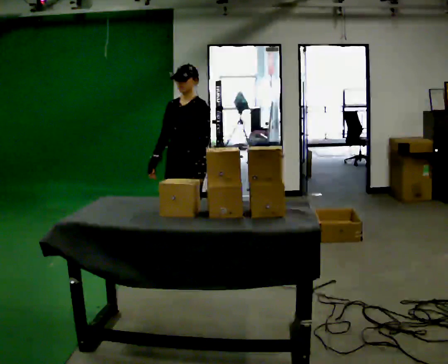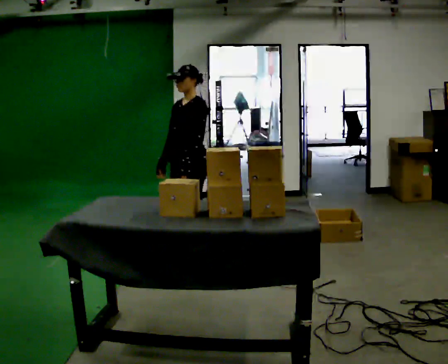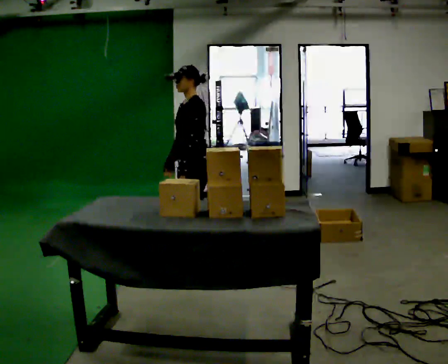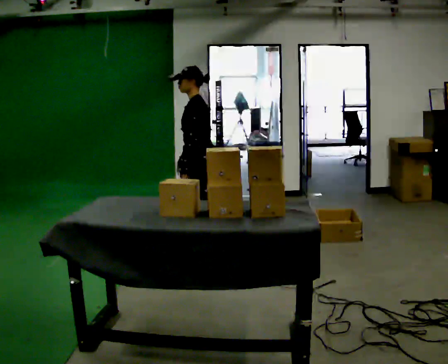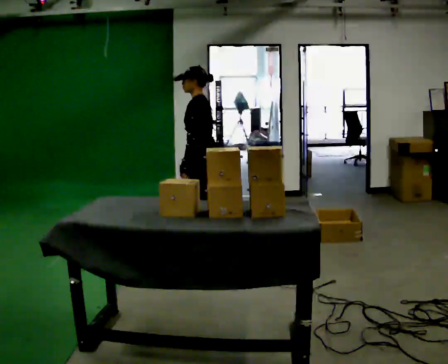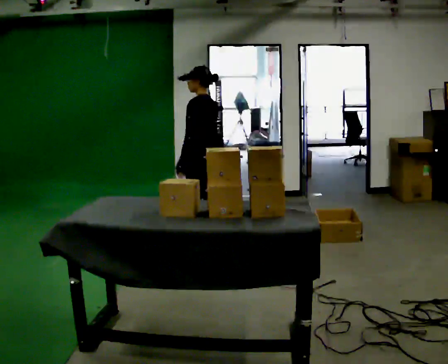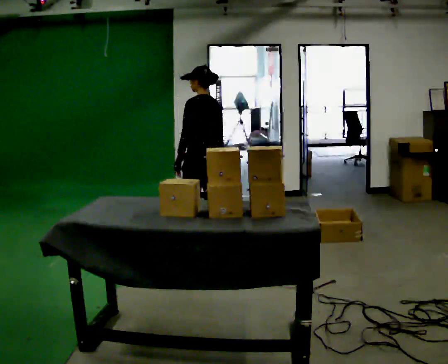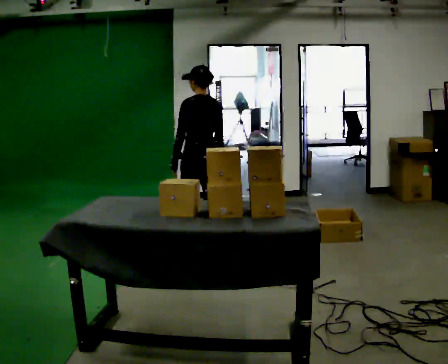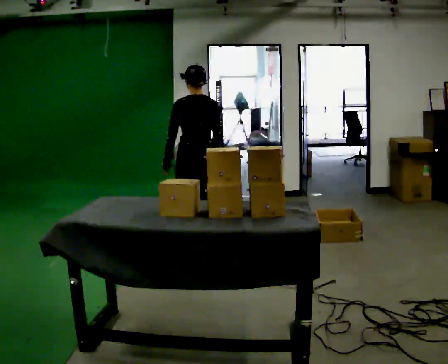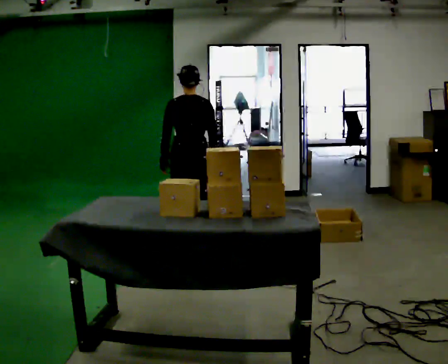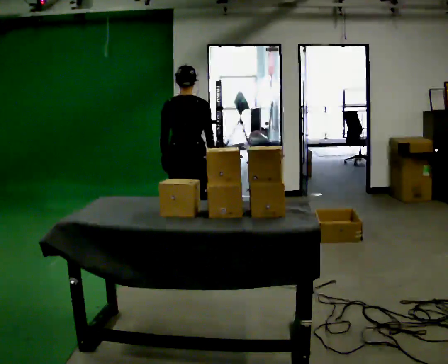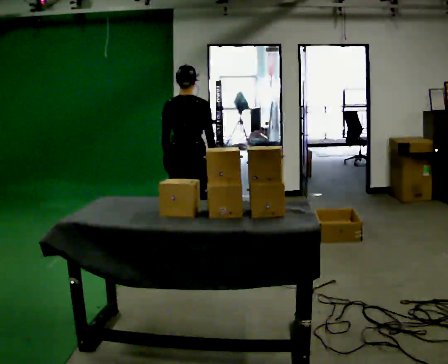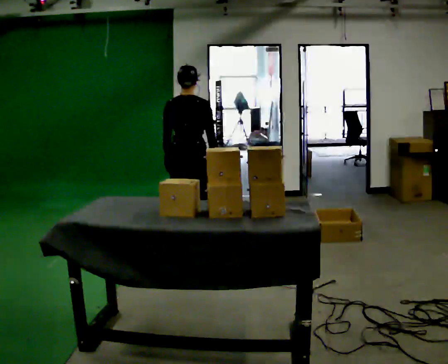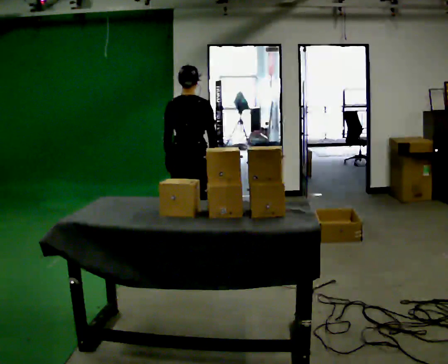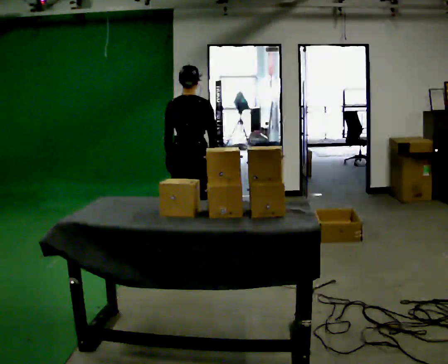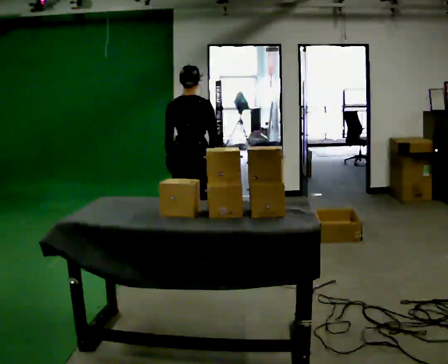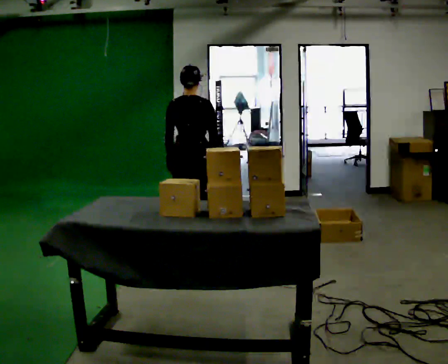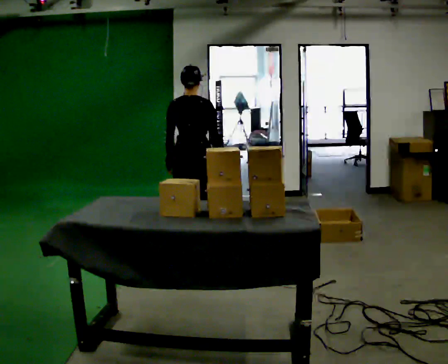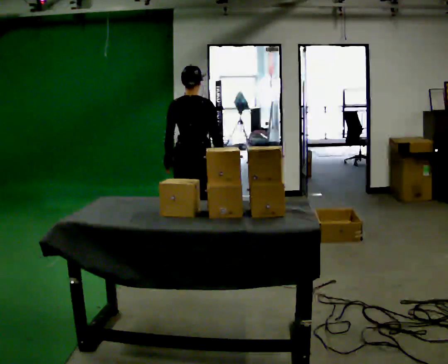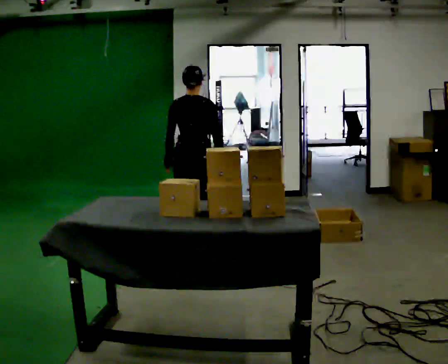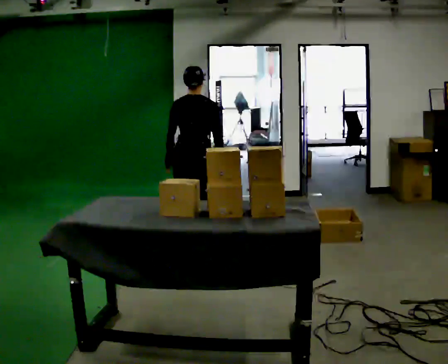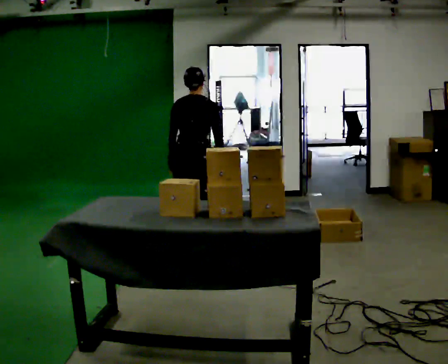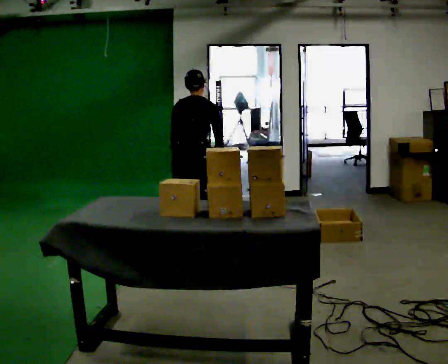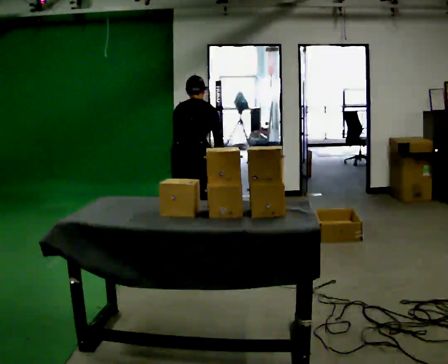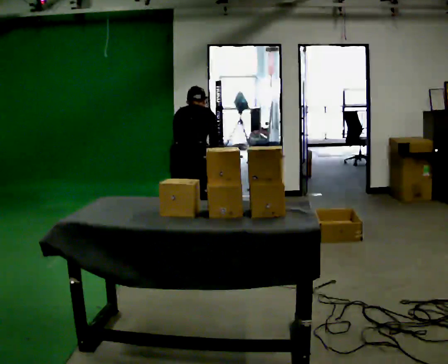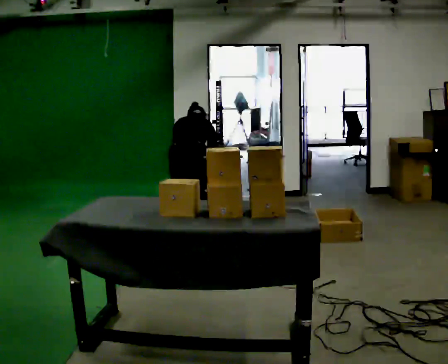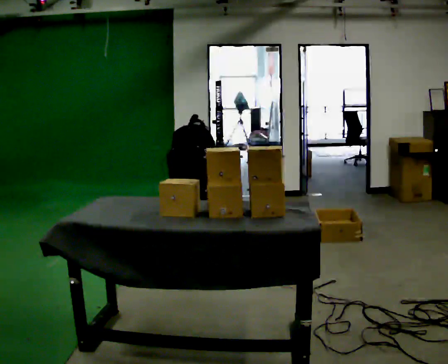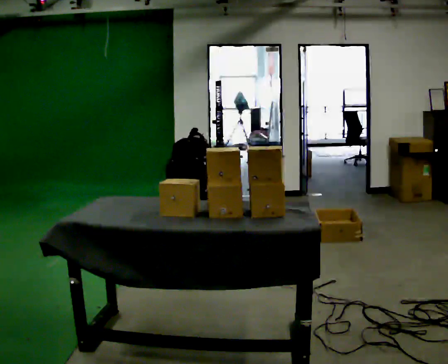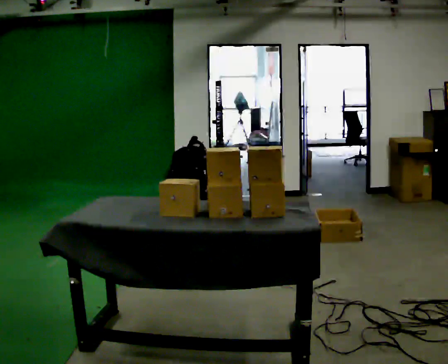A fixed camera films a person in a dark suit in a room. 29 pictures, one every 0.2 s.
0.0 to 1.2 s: Seen from above the body turns clockwise, about 105 degrees: to their right, with its near side sliding to the left. In the picture they go to the right, about 0.25 m. In the picture their right hand goes to the right, the arm swinging counterclockwise.
1.2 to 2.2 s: Seen from above the body turns clockwise, about 60 degrees: to their right, with its near side sliding to the left. In the picture they go to the left, about 0.25 m in 1 step, which for them is to their left.
2.2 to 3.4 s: The person moves a little, or ends about where they began.
3.4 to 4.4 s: The upper body tips away from the camera, its near side rolling upward, as they bend forward.
4.4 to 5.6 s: The upper body goes downward. The upper body tips away from the camera, its near side rolling upward, as they bend forward. In the picture their left hand goes downward.
The film runs backward here.
